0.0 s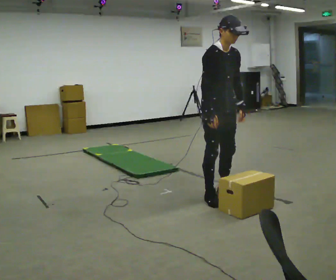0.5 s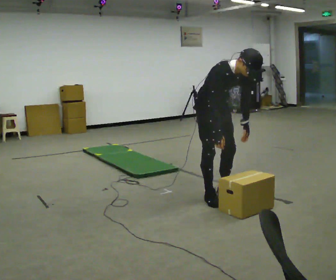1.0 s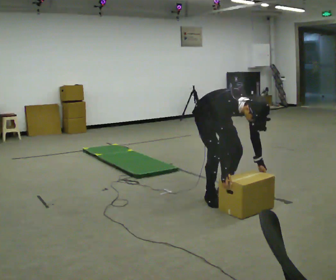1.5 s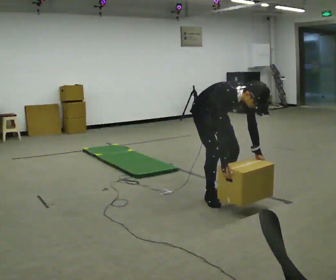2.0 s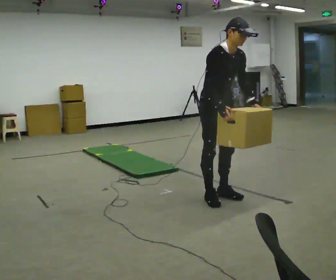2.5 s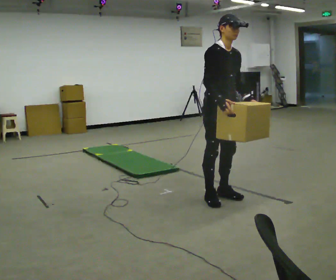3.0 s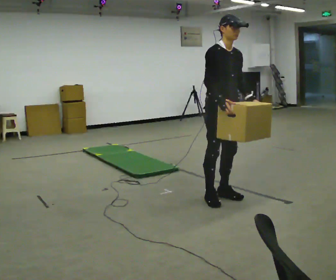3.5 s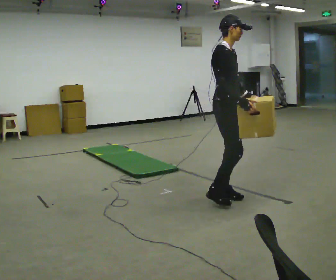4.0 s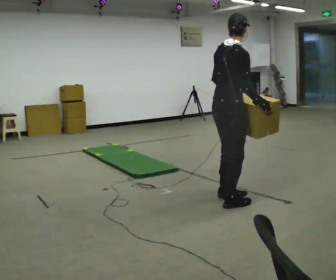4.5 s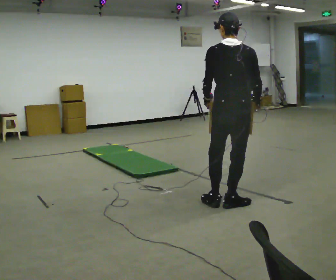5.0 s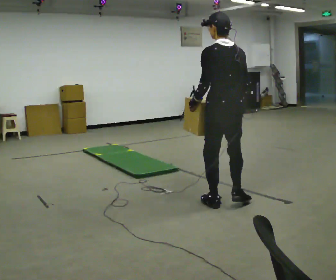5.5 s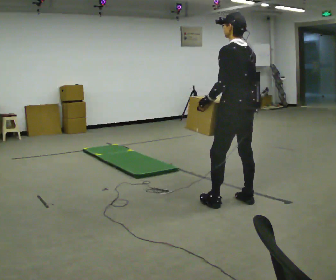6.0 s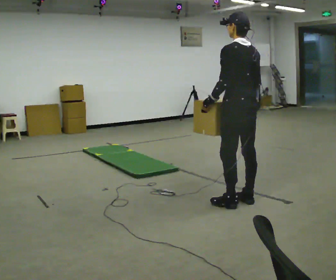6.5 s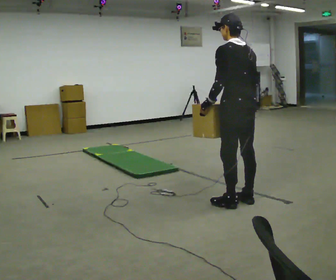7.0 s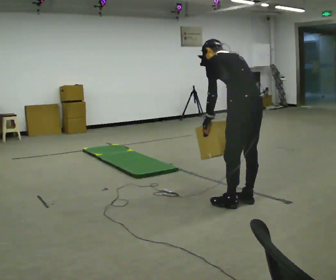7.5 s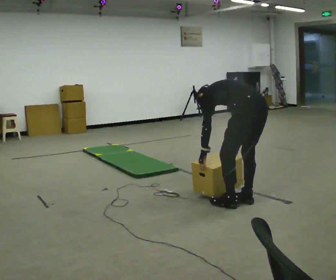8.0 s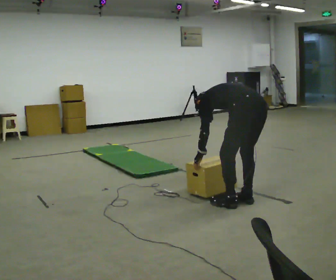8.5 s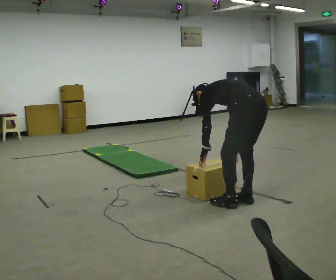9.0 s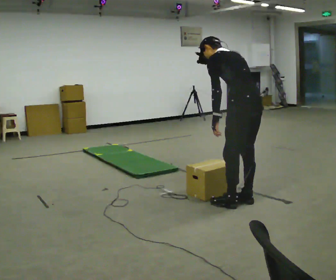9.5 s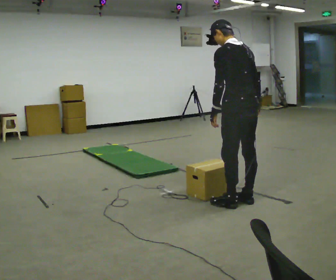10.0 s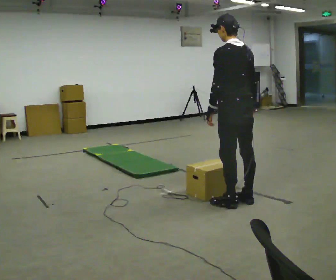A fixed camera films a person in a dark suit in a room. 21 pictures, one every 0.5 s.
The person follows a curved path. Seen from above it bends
counterclockwise.
0.0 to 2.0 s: The person moves a little, or ends about where they began.
2.0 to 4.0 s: The person turns about 90 degrees to their left, counterclockwise seen from above, so the part of the body nearest the lens slides to the right. In the picture they go toward the camera, about 0.25 m in 1 step. In the picture their right hand goes to the right.
4.0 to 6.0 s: The part of the body nearest the lens slides to the right as the person turns to their left by about 105 degrees. In the picture they go to the right, about 0.25 m in 2 steps.
6.0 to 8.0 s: The upper body goes downward. In the picture the upper body tilts counterclockwise, shoulders to the left, as they bend forward. In the picture their right hand goes downward.
8.0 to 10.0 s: The shoulders move upward. The upper body tips toward the camera, its near side rolling downward, as they lean back or straighten. In the picture their right hand goes upward.
The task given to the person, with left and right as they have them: Carry the box across the soft uneven mat, set it down on the far side, then bring it back. Keep going until the operator says stop; one object at a time, and do not rush between trips.
The film runs forward here.
